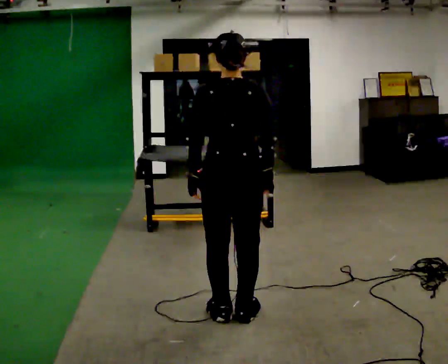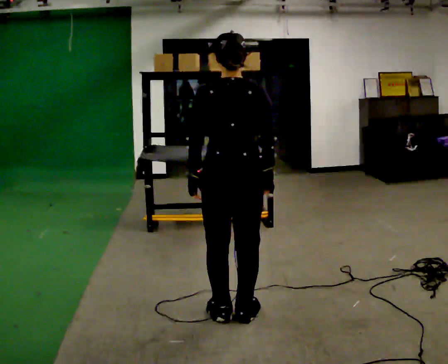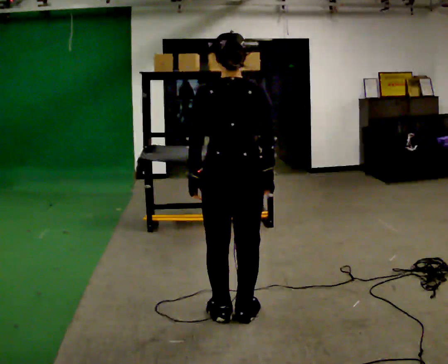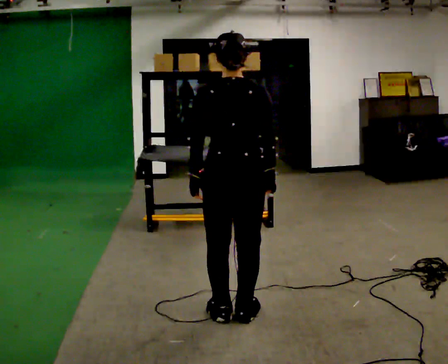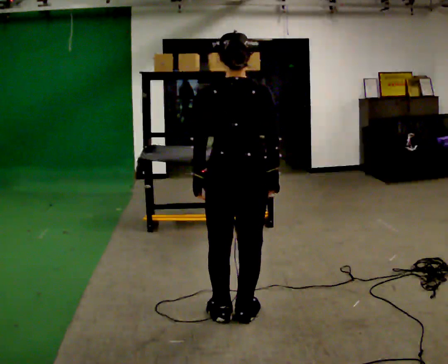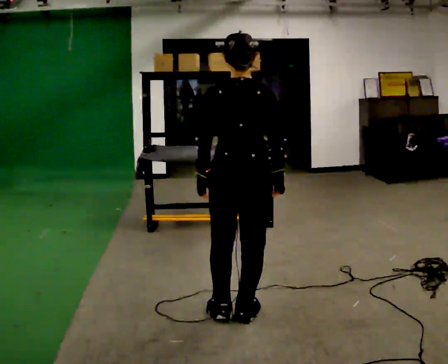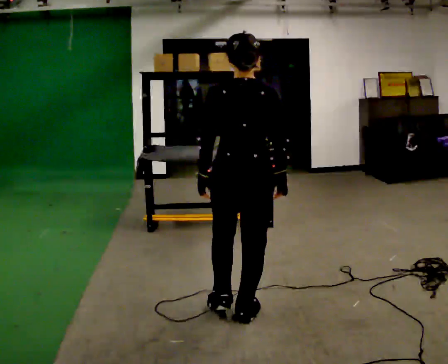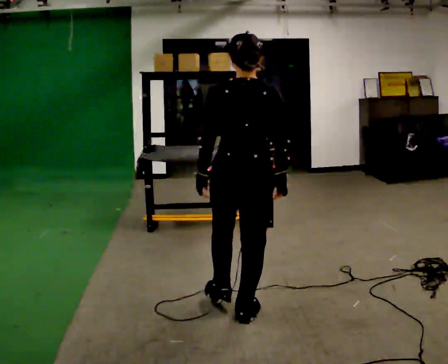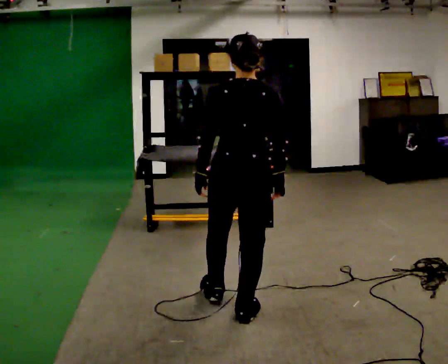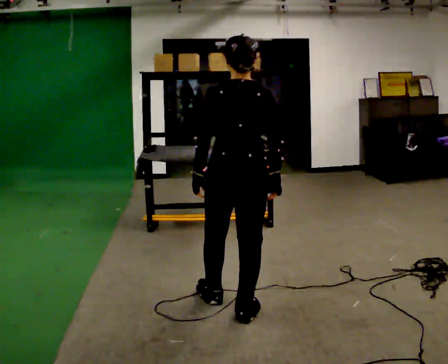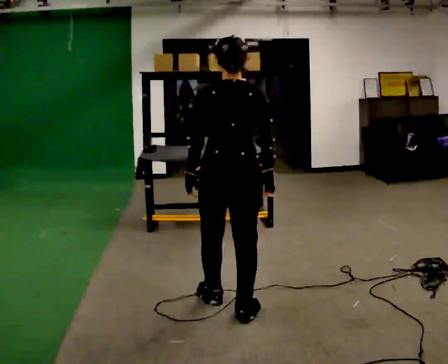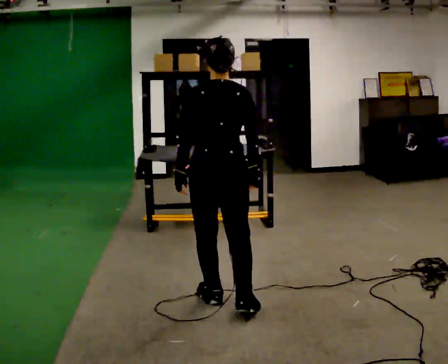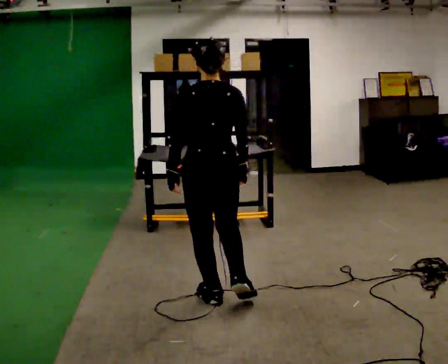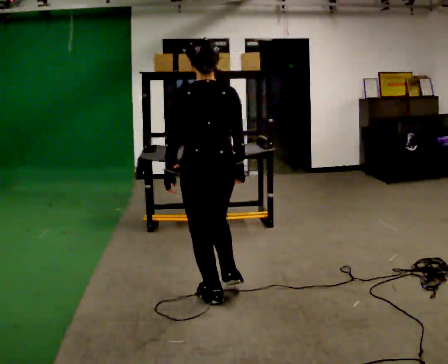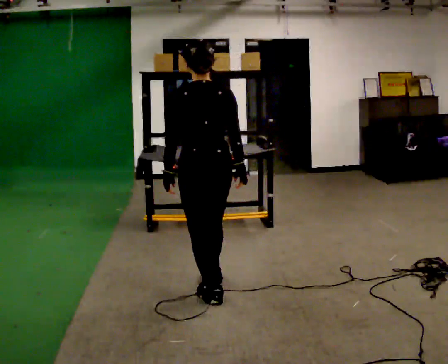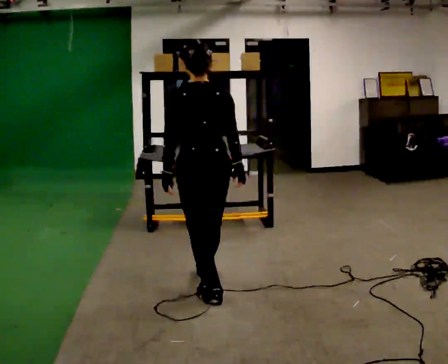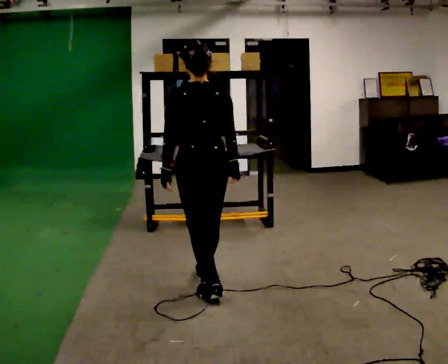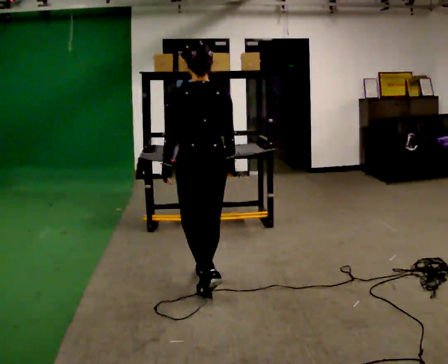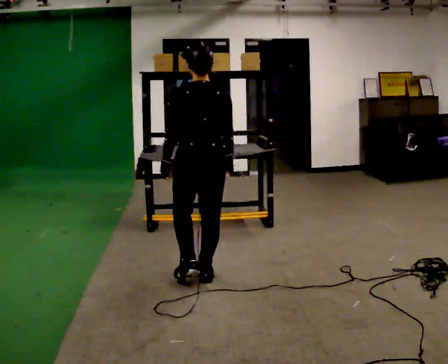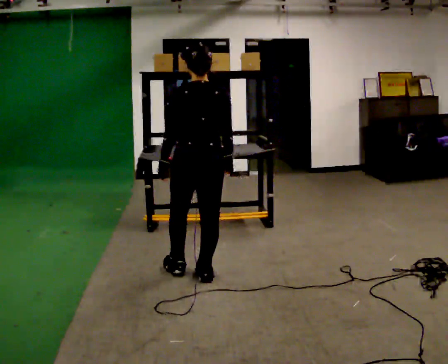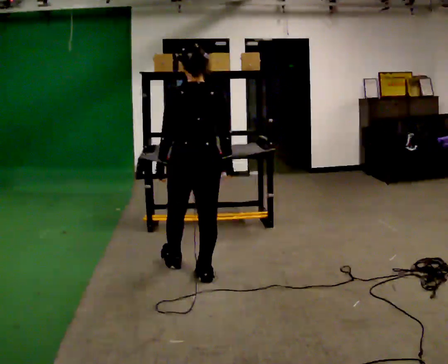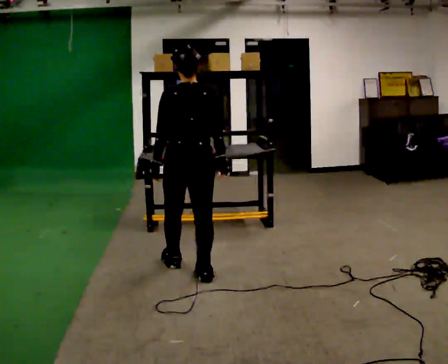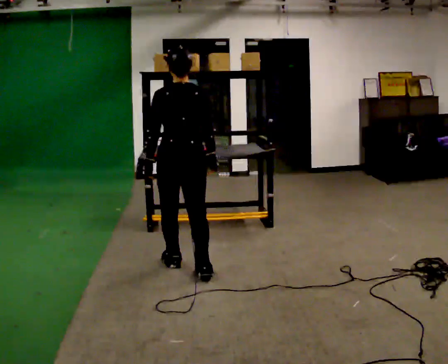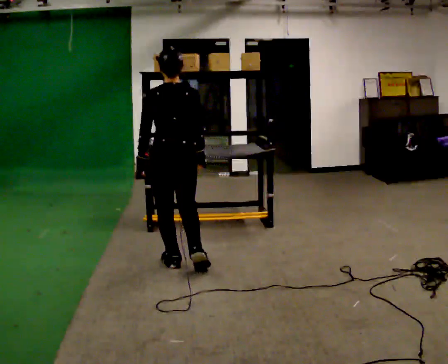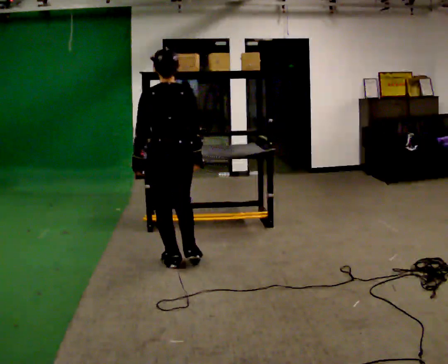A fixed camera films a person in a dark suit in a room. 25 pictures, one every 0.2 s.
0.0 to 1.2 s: The person moves a little, or ends about where they began.
1.2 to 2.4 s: In the picture they go away from the camera and to the left, about 0.25 m in 1 step, which for them is forward and to their left.
2.4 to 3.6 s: In the picture they go away from the camera, about 0.25 m in 1 step, which for them is forward.
3.6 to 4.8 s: In the picture they go away from the camera and to the left, about 0.25 m in 1 step, which for them is forward and to their left.
The film runs forward here.
